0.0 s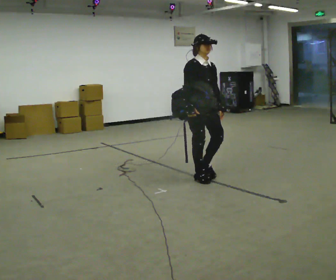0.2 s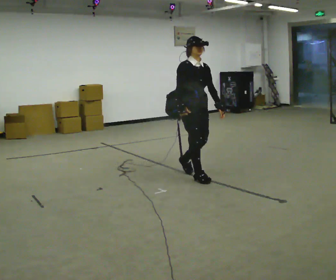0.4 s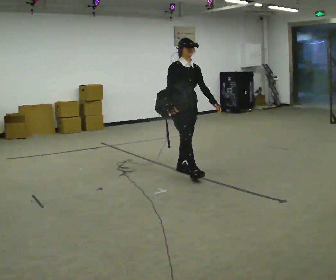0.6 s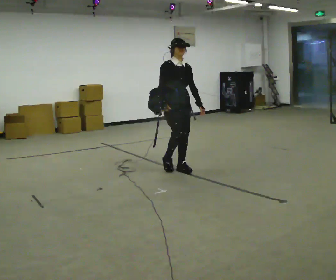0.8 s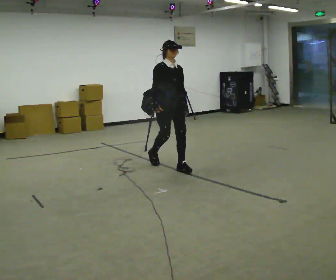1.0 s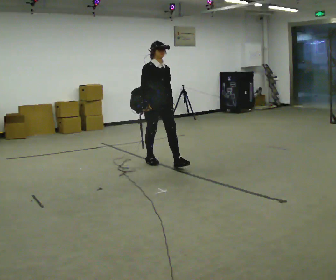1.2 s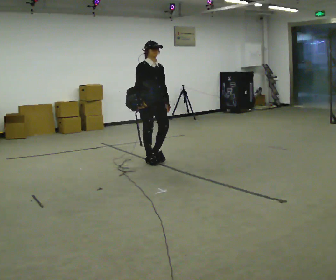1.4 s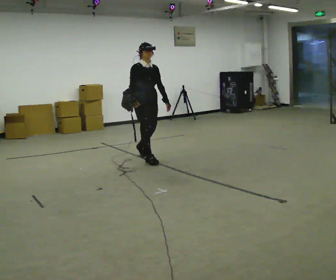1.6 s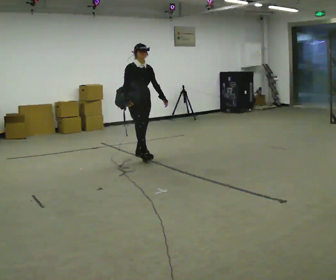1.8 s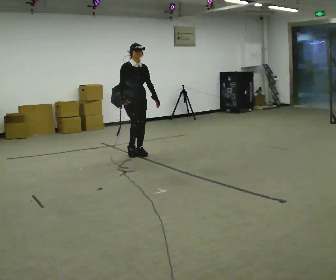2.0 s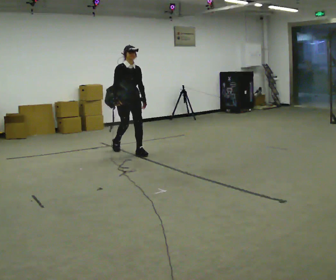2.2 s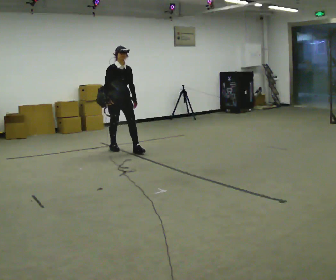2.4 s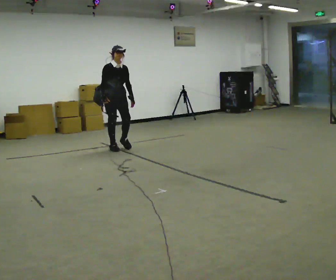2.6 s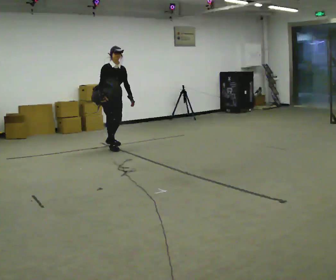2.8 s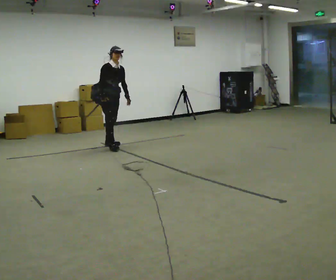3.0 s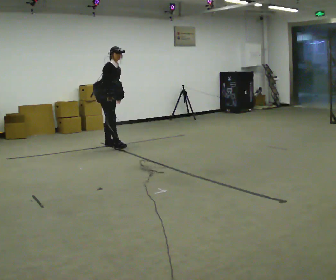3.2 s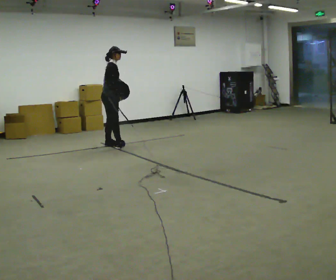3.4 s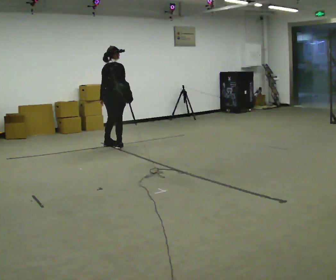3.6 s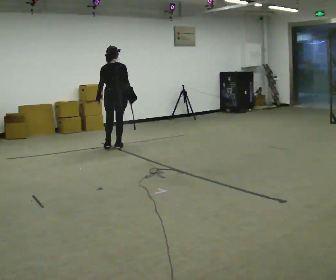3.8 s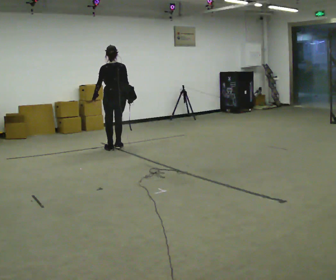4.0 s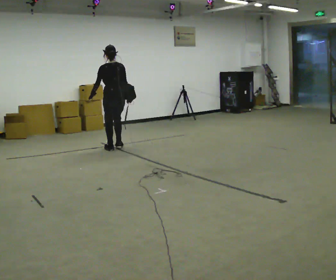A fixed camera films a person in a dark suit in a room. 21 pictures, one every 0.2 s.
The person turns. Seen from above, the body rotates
counterclockwise.
The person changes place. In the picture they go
away from the camera.
0.0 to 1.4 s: In the picture they go away from the camera and to the left, about 1 m in 2 steps, which for them is backward.
1.4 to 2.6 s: In the picture they go away from the camera and to the left, about 1 m in 2 steps, which for them is backward.
2.6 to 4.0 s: Seen from above the body turns counterclockwise, about 165 degrees: to their left, with its near side sliding to the right. In the picture their left hand goes to the left, the arm swinging clockwise.
The film runs backward here.
